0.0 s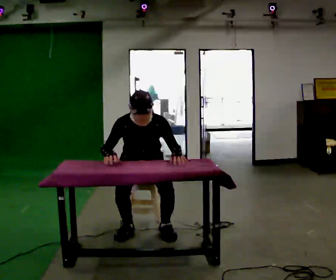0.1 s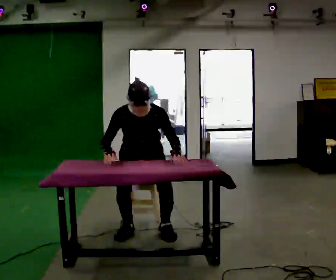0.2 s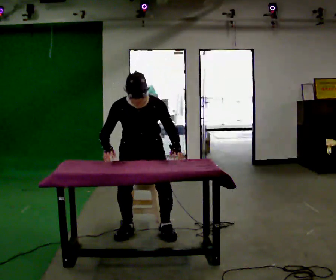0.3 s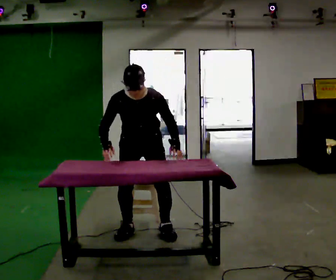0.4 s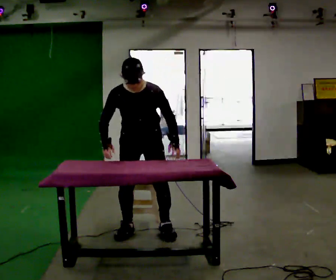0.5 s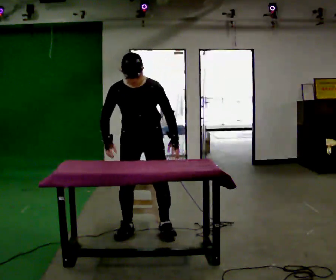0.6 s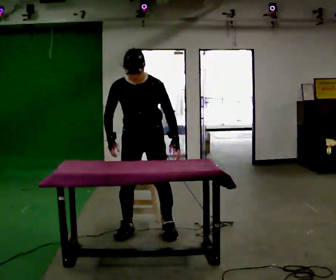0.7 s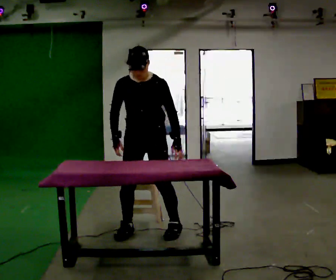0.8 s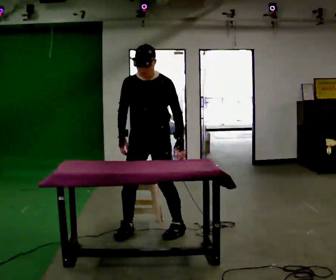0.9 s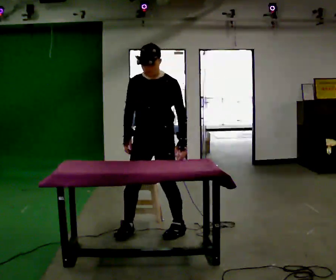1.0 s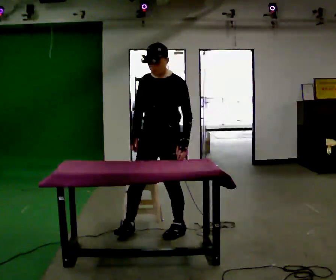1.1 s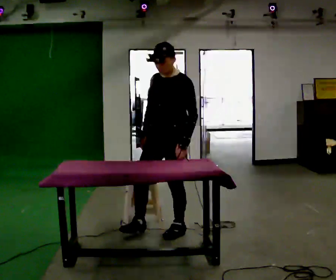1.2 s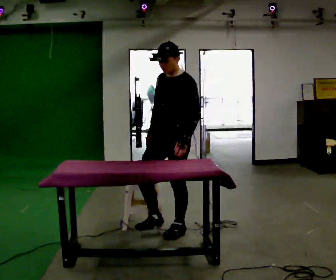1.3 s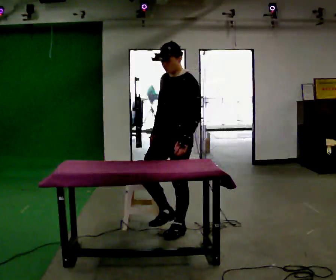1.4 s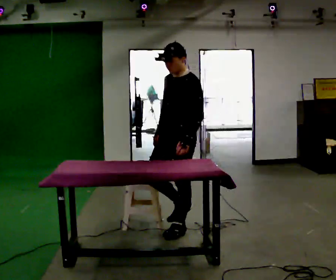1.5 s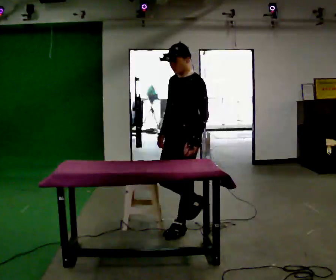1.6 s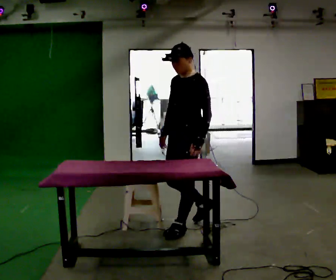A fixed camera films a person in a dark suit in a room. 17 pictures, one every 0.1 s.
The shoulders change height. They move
upward.
The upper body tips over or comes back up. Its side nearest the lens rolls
upward.
0.0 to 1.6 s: Seen from above the body turns clockwise, about 60 degrees: to their right, with its near side sliding to the left. In the picture they go to the right, about 0.5 m in 2 steps. The upper body goes upward. The upper body tips away from the camera, its near side rolling upward, as they lean back or straighten.
The film runs backward here.
